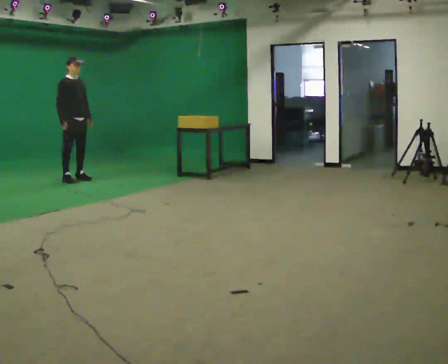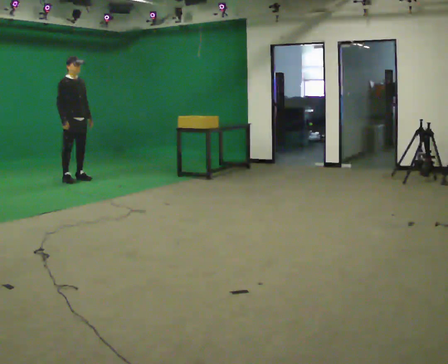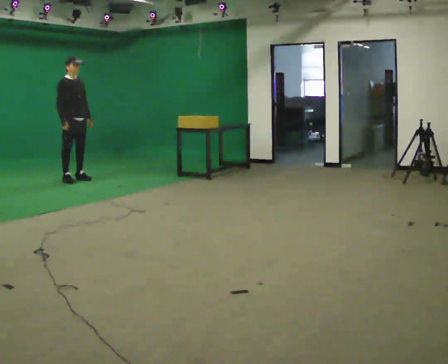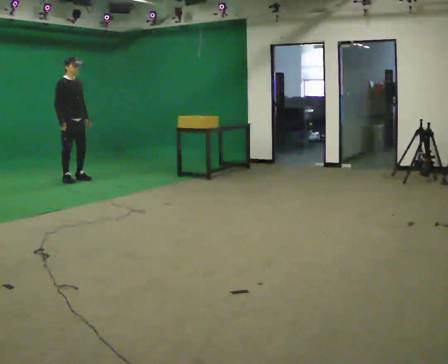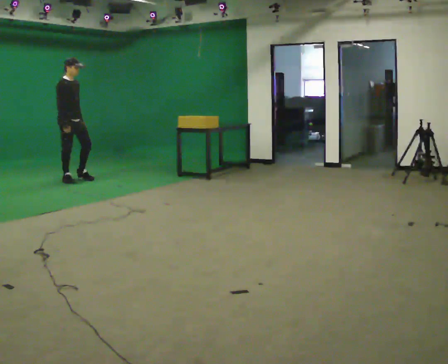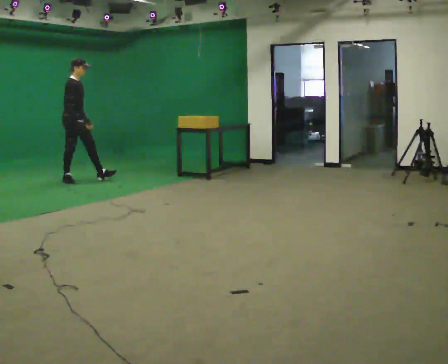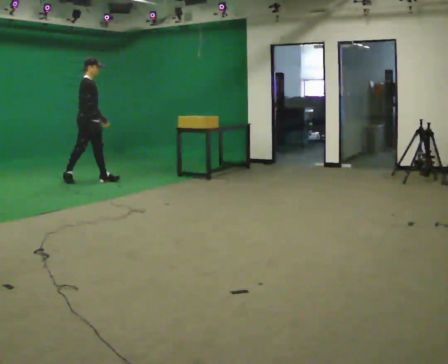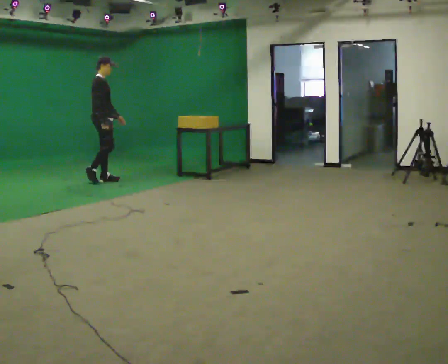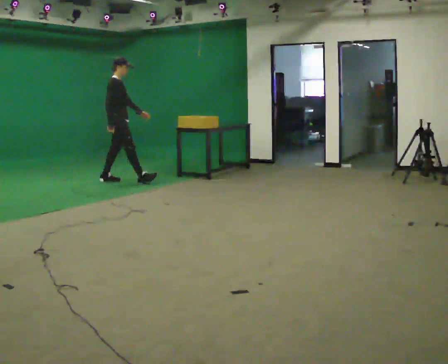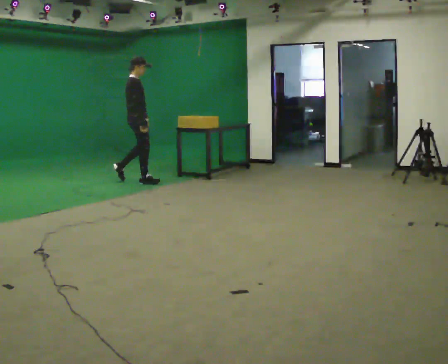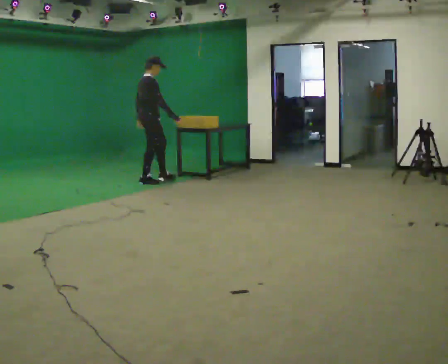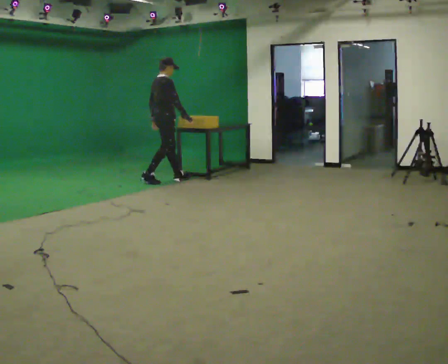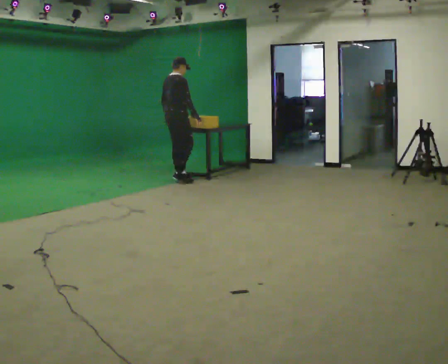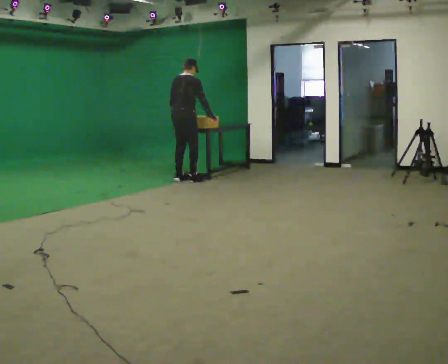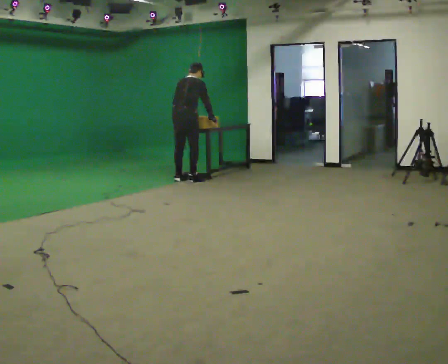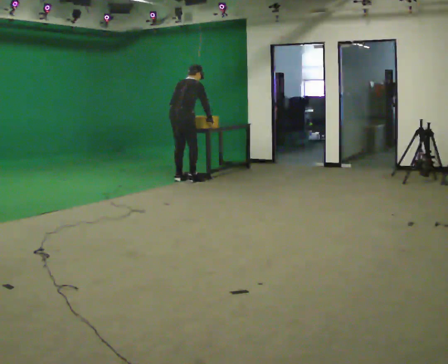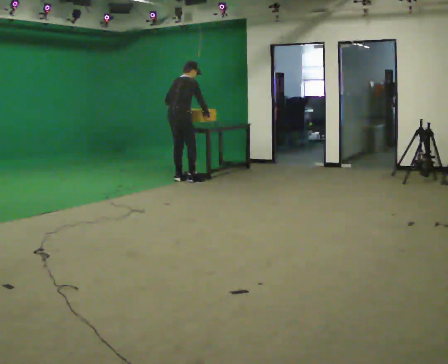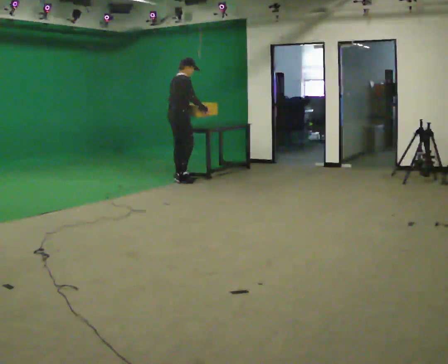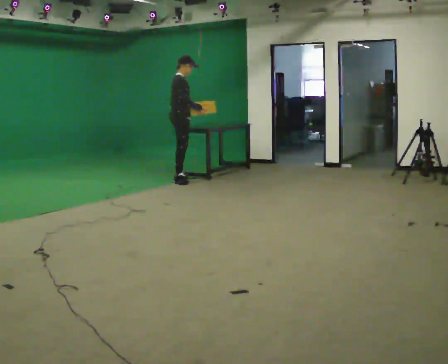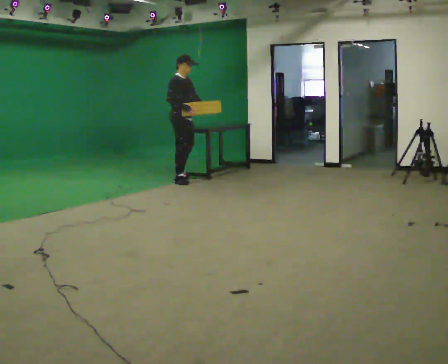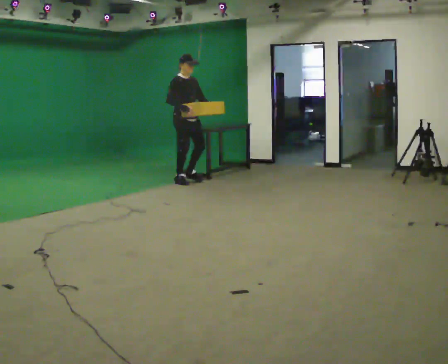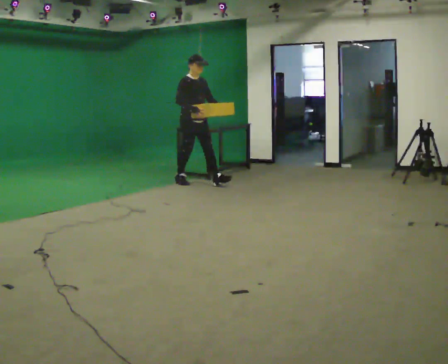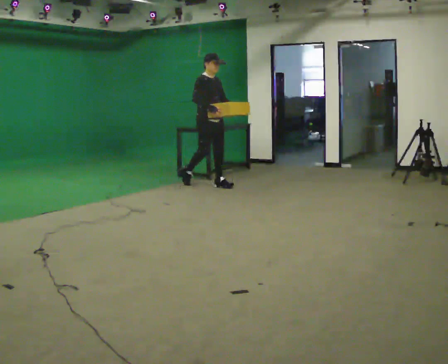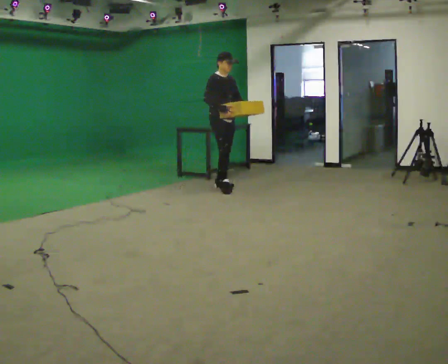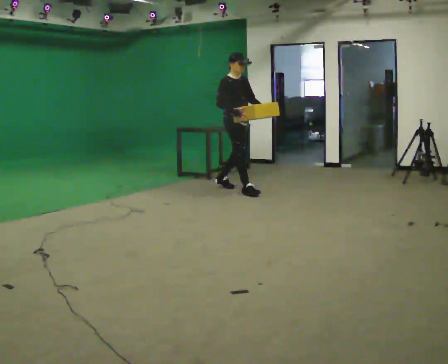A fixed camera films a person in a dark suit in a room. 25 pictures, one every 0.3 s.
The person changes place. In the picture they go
to the right.
0.0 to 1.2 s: The person moves a little, or ends about where they began.
1.2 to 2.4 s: The part of the body nearest the lens slides to the right as the person turns to their left by about 30 degrees. In the picture they go to the right, about 0.5 m in 1 step, which for them is forward.
2.4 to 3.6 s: The part of the body nearest the lens slides to the right as the person turns to their left by about 30 degrees. In the picture they go to the right, about 1 m in 2 steps, which for them is forward.
3.6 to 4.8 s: The person moves a little, or ends about where they began.
4.8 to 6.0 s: The part of the body nearest the lens slides to the left as the person turns to their right by about 90 degrees. In the picture they go toward the camera, about 0.25 m in 1 step. The upper body tips toward the camera, its near side rolling downward, as they lean back or straighten. In the picture their left hand goes to the right, the arm swinging counterclockwise.
6.0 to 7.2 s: In the picture they go to the right and toward the camera, about 1 m in 2 steps, which for them is forward.
The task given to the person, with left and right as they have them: Walk quickly but do not run; remain comfortable and controlled; stop.
The film runs forward here.
